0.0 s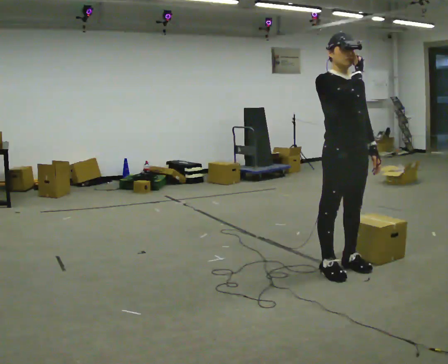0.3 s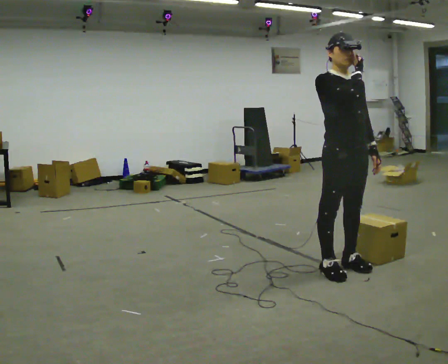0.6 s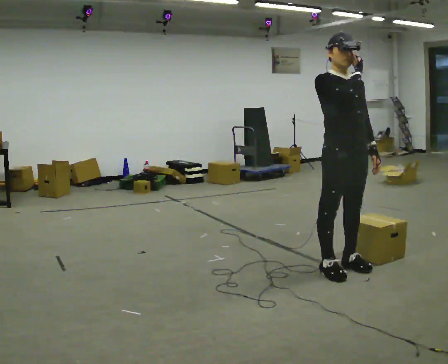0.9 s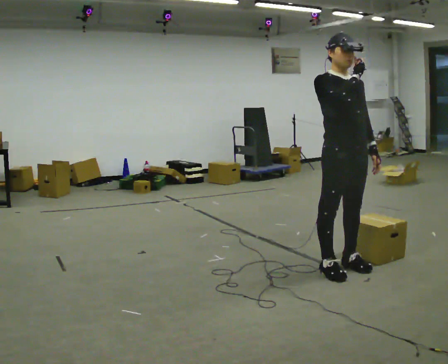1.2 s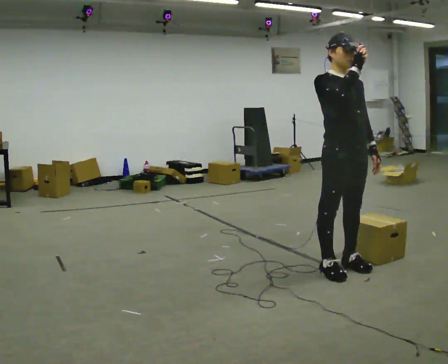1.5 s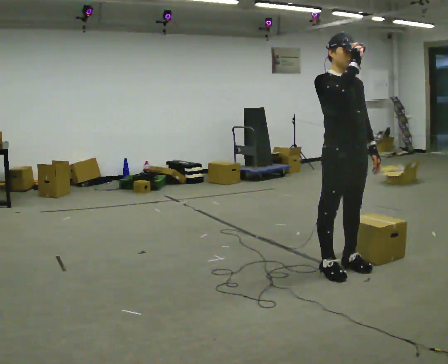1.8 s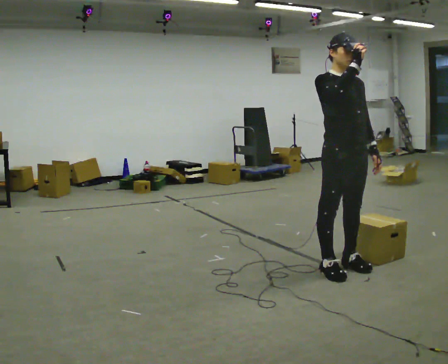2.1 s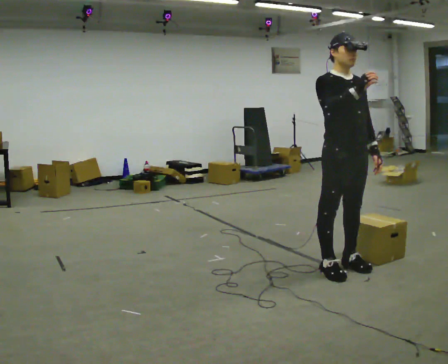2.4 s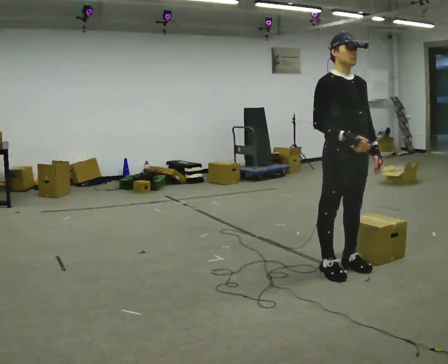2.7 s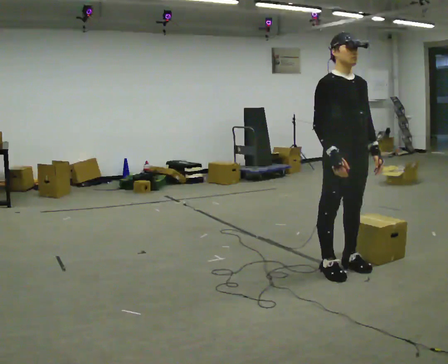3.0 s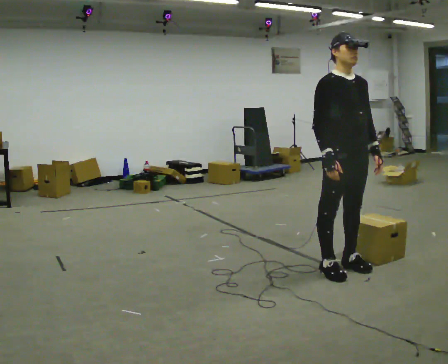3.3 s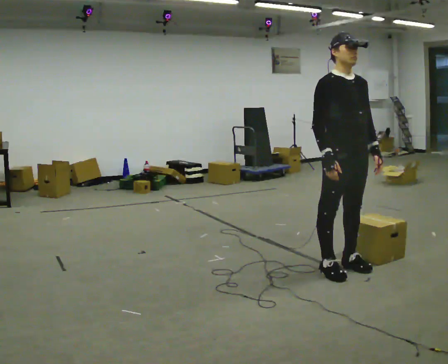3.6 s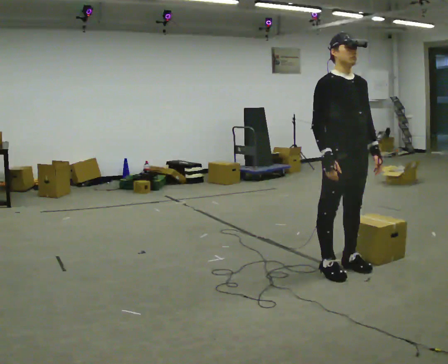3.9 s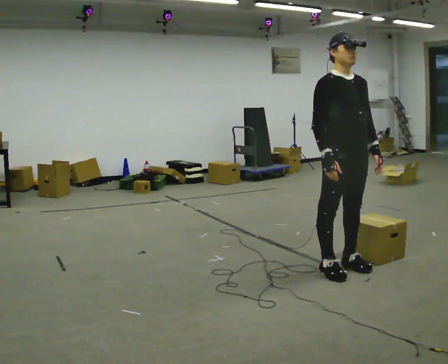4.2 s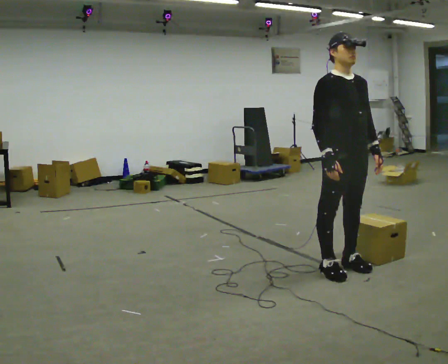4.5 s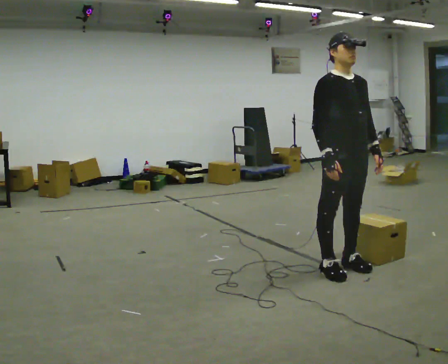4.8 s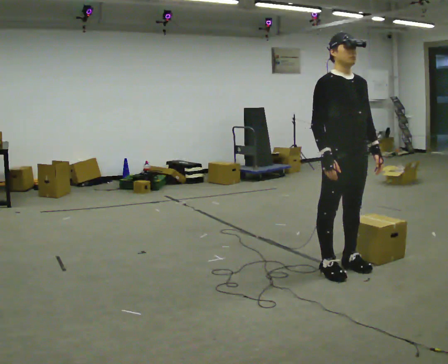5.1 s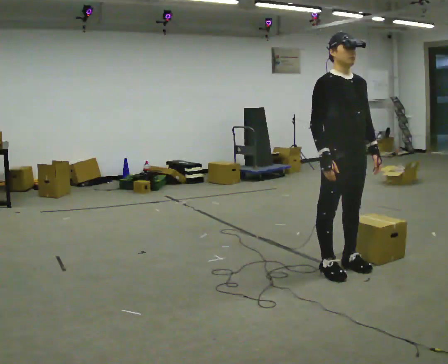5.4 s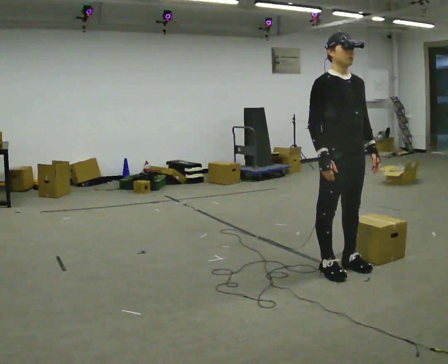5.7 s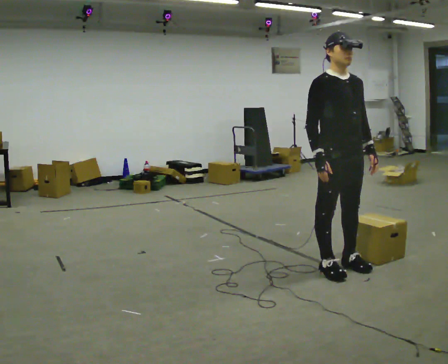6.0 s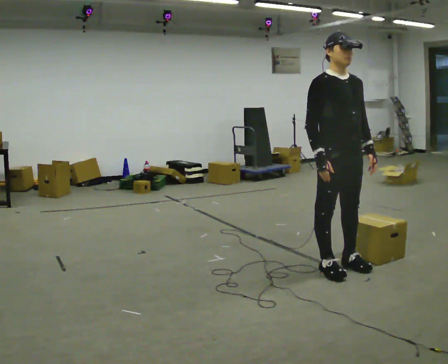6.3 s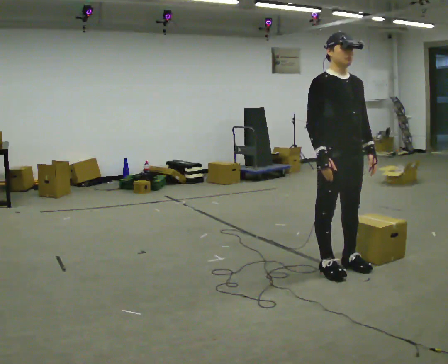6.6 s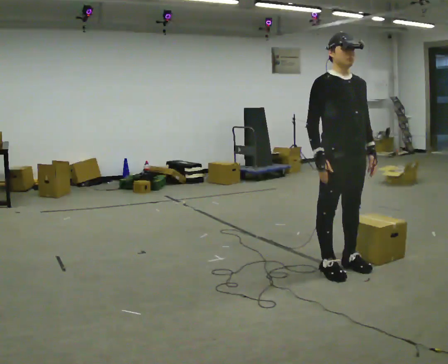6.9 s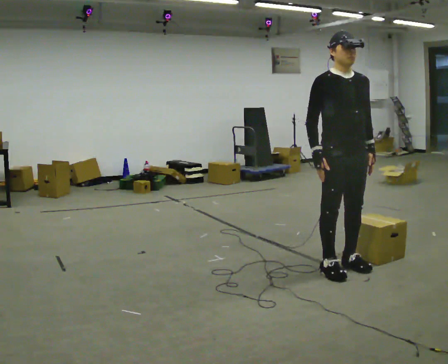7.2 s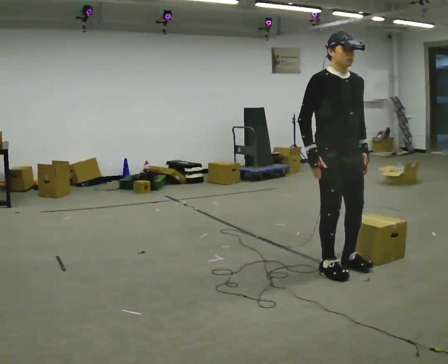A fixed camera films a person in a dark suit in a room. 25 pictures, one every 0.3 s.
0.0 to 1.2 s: The person keeps their place and pose.
1.2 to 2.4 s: The person moves a little, or ends about where they began.
2.4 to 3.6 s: In the picture their right hand goes downward.
3.6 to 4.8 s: The person keeps their place and pose.
4.8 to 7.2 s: The person moves a little, or ends about where they began.
The film runs backward here.
